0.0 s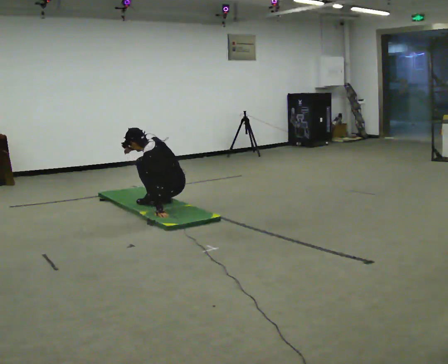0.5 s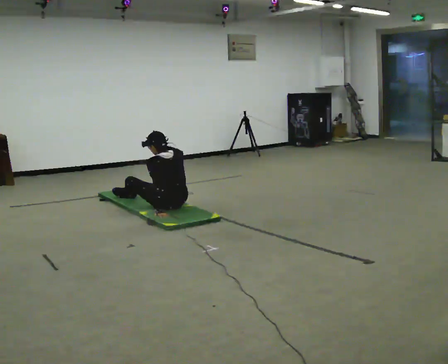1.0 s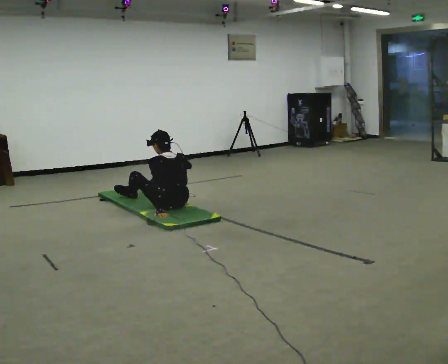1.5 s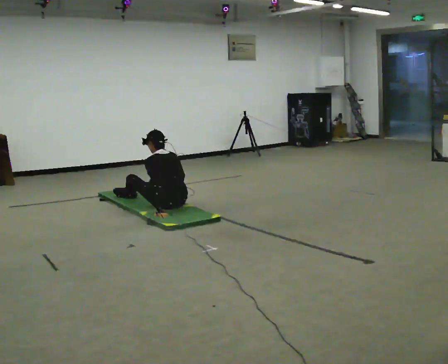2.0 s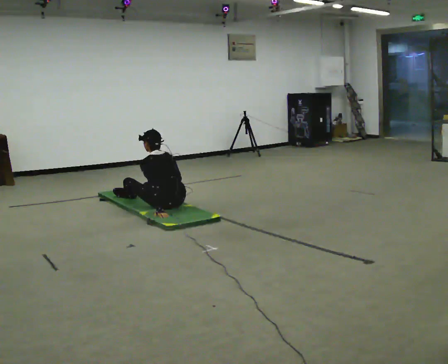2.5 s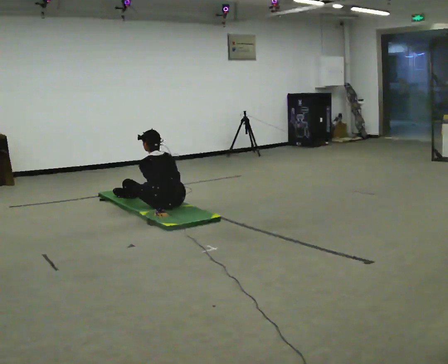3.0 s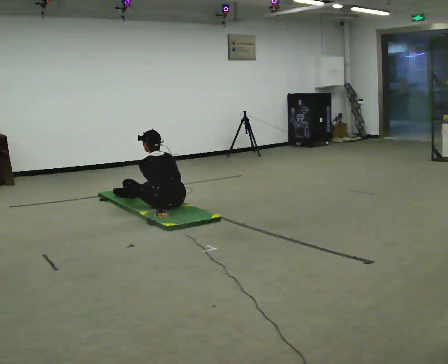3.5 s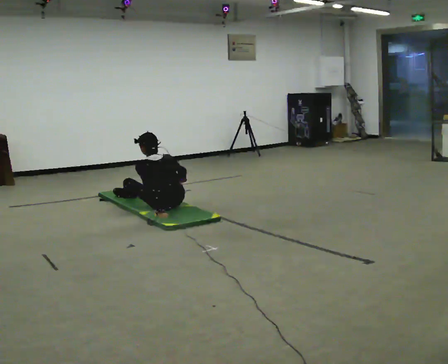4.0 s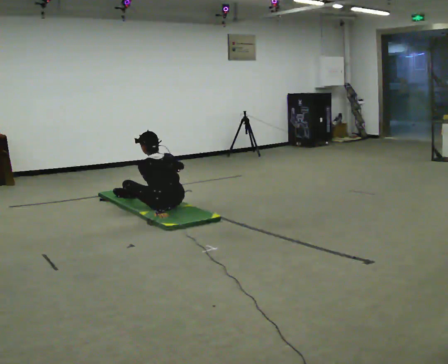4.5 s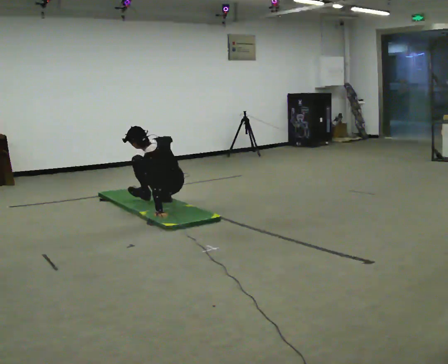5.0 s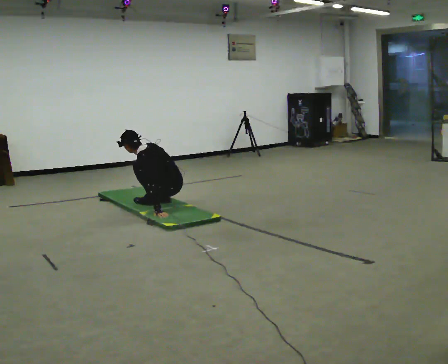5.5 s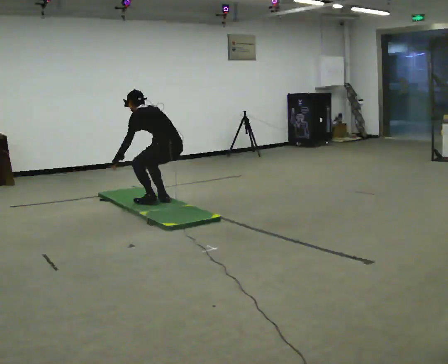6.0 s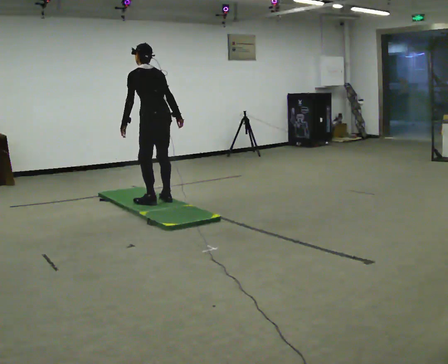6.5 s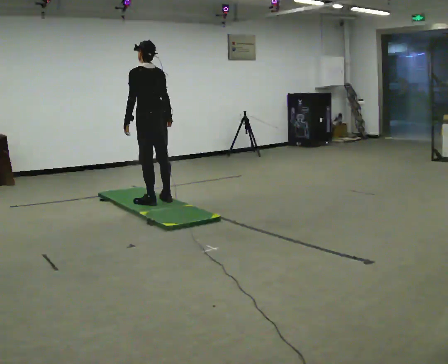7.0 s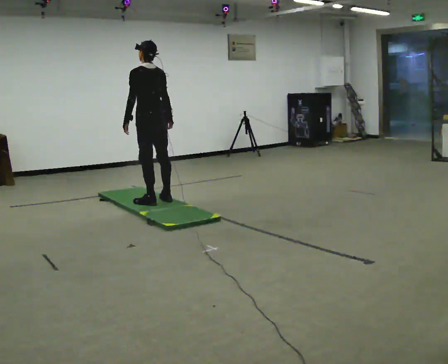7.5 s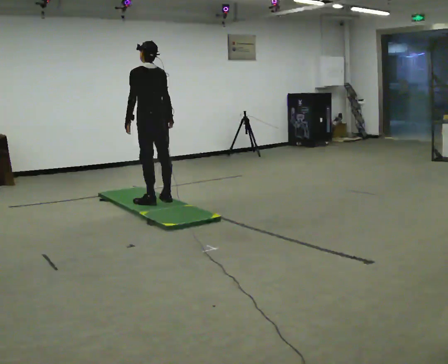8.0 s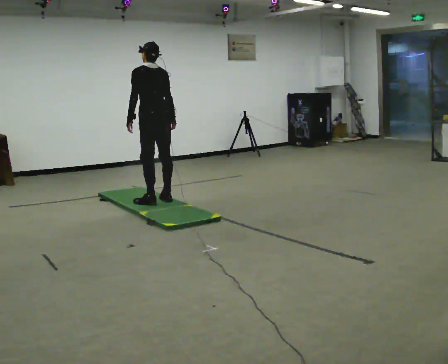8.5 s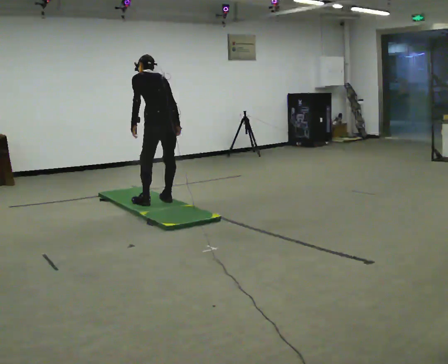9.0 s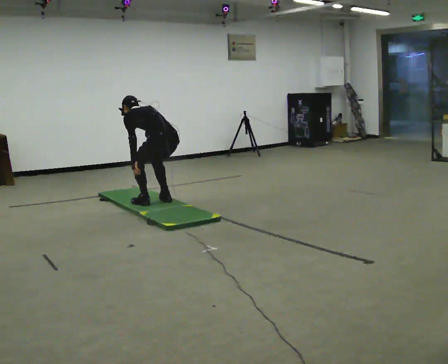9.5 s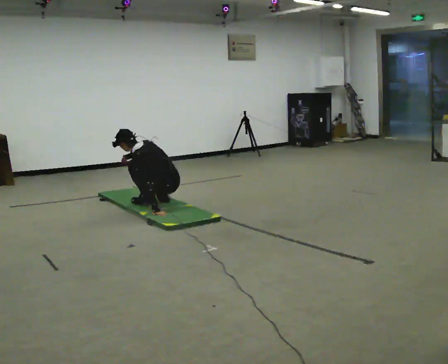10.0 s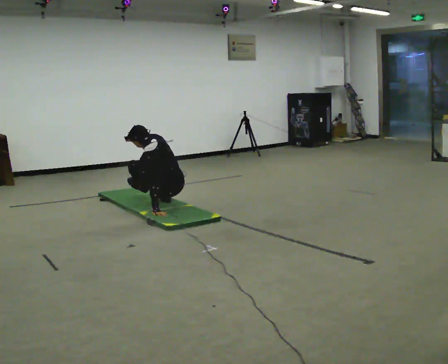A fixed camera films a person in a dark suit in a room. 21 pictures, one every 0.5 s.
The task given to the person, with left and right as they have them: From standing, sit down on the floor, then stand back up in whatever way is natural. Repeat the movement at your own pace until the operator says stop; do not rush.
0.0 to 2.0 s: In the picture their right hand goes downward and to the right.
2.0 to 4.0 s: The upper body tips toward the camera, its near side rolling downward, as they lean back or straighten.
4.0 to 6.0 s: In the picture they go away from the camera, about 0.25 m in 1 step, which for them is forward and to their right. The shoulders move upward. In the picture their right hand goes upward.
6.0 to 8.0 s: The person moves a little, or ends about where they began.
8.0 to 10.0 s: In the picture they go toward the camera, about 0.25 m, which for them is backward. The shoulders move downward.
The film runs forward here.
